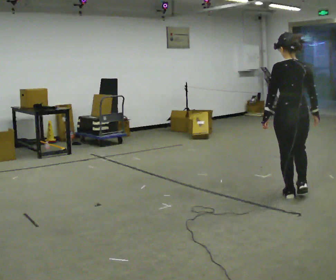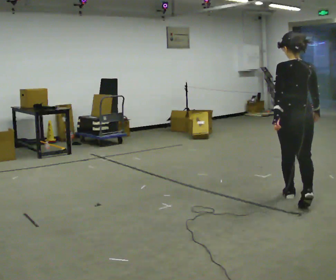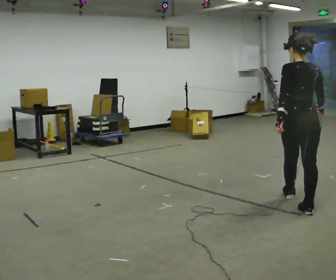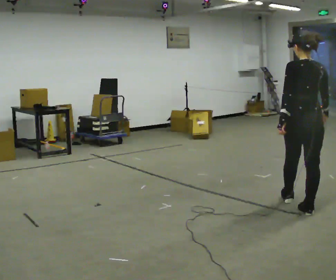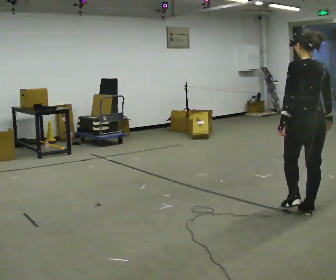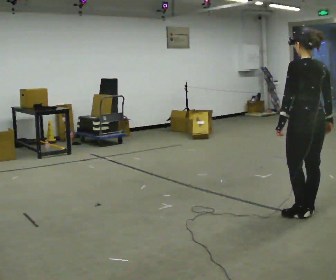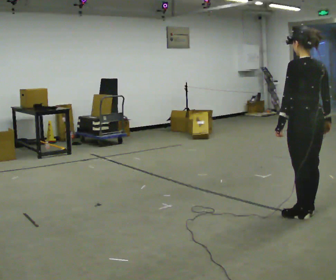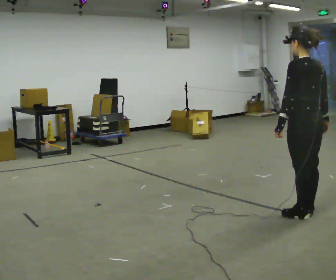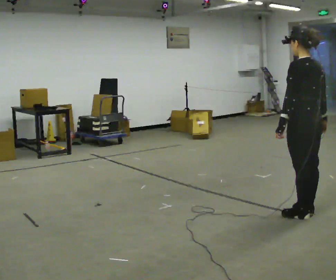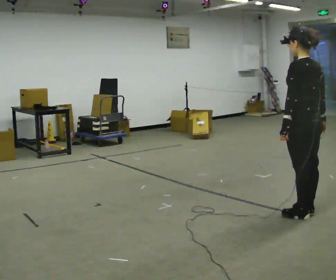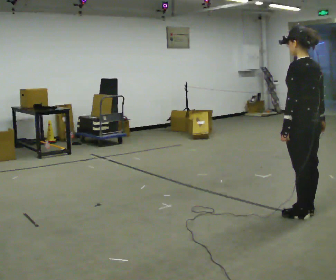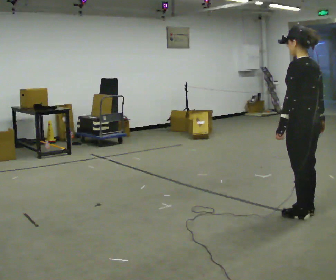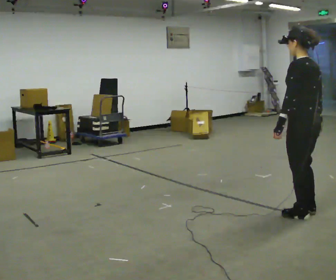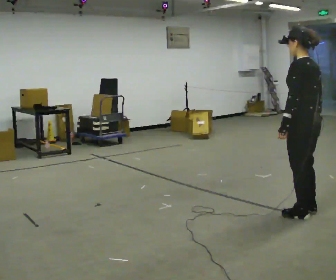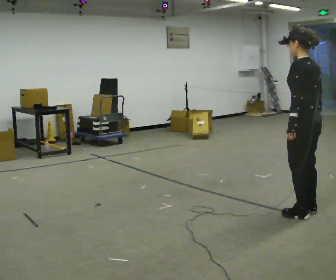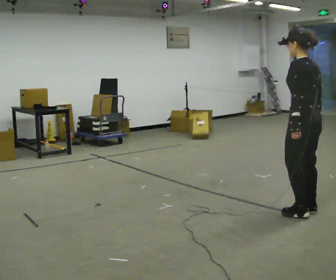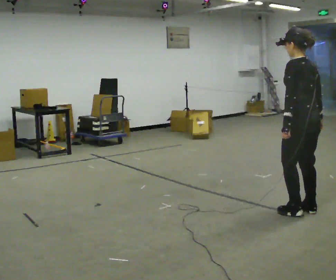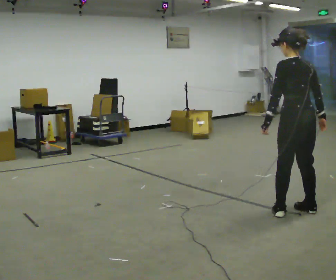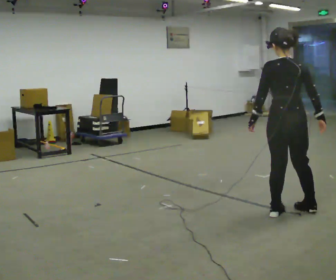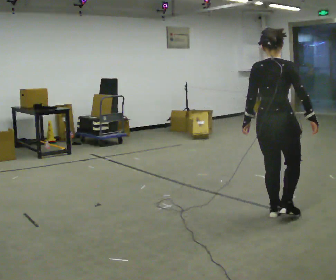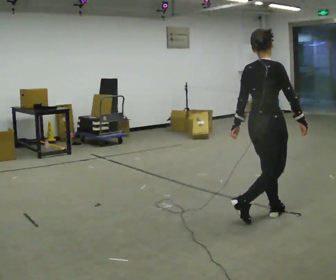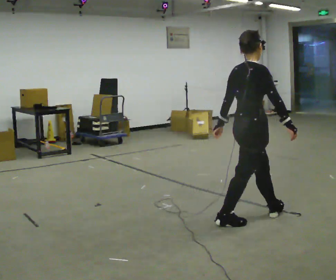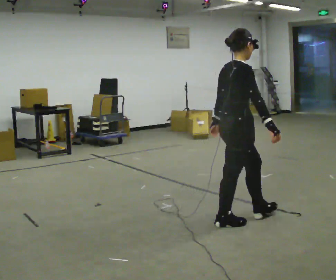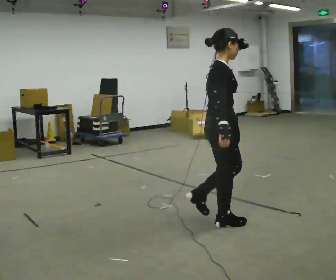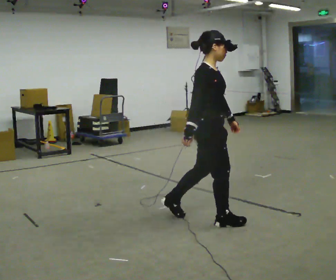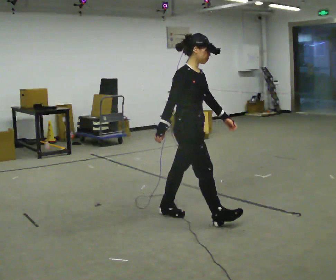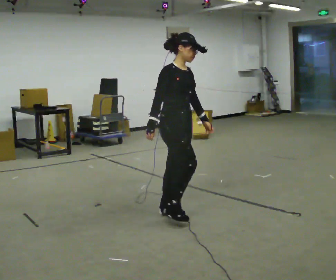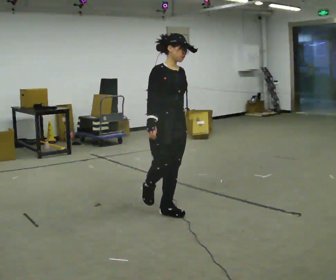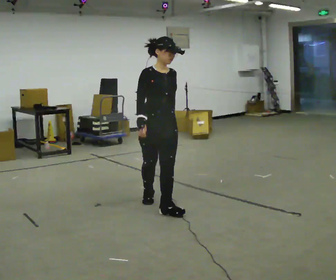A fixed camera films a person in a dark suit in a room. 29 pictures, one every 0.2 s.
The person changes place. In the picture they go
to the left.
The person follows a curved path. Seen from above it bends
clockwise.
0.0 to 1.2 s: In the picture they go toward the camera, about 0.5 m in 1 step, which for them is backward.
1.2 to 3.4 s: The person moves a little, or ends about where they began.
3.4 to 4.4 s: Seen from above the body turns clockwise, about 105 degrees: to their right, with its near side sliding to the left. In the picture they go to the left and toward the camera, about 0.5 m in 2 steps.
4.4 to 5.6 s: Seen from above the body turns clockwise, about 75 degrees: to their right, with its near side sliding to the left. In the picture they go to the left and away from the camera, about 1 m in 1 step.
The film runs backward here.
